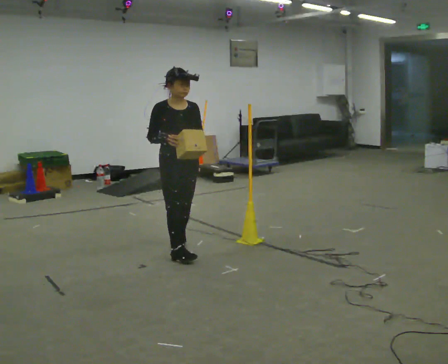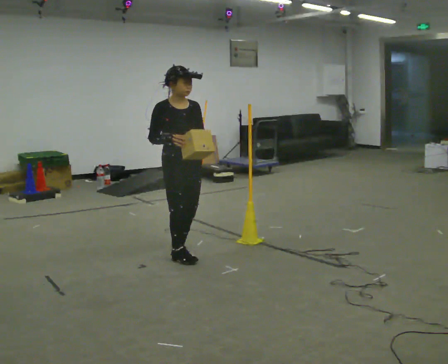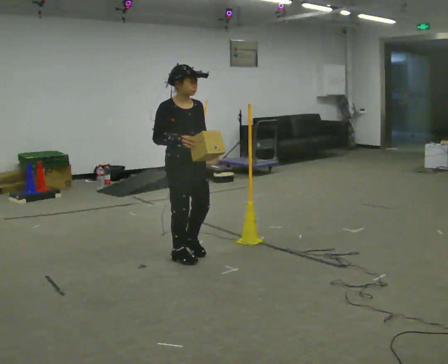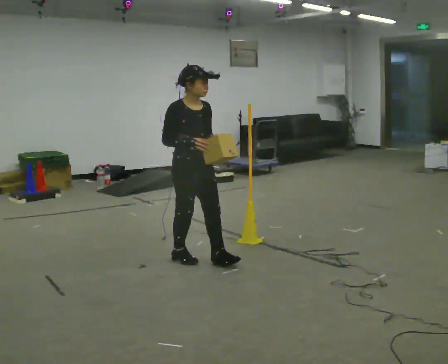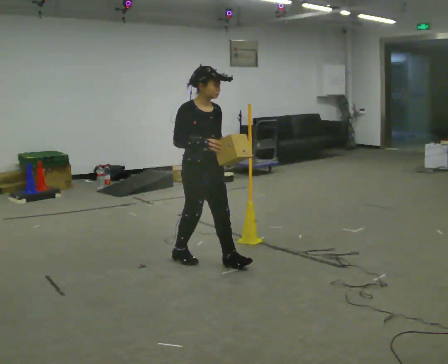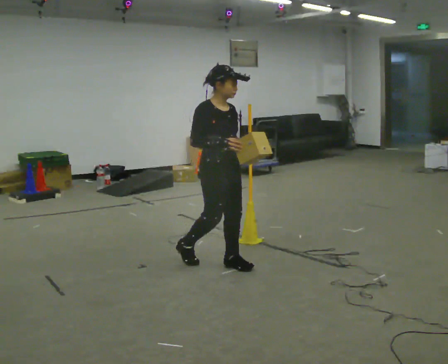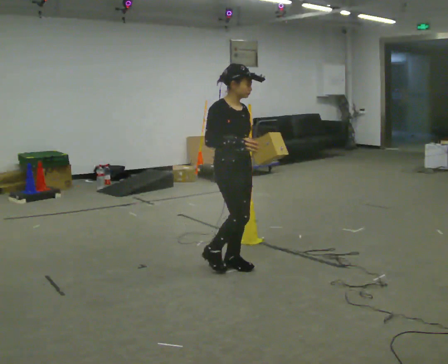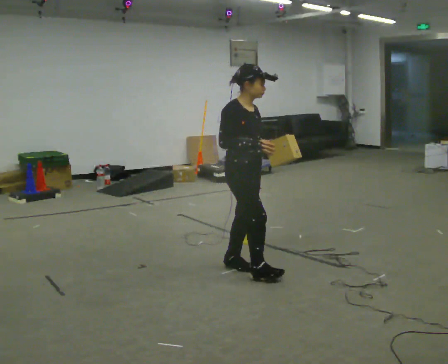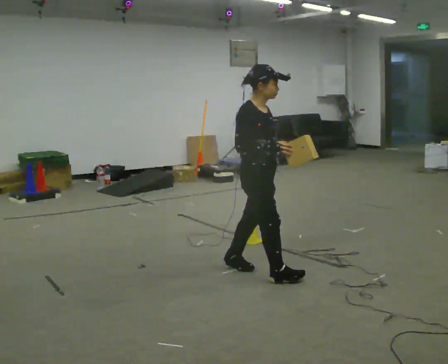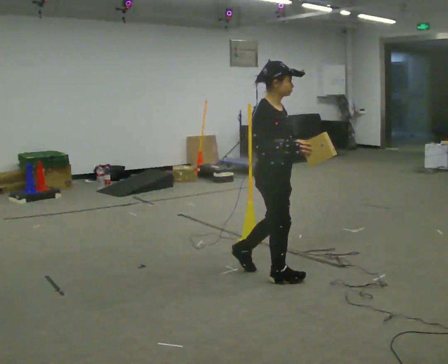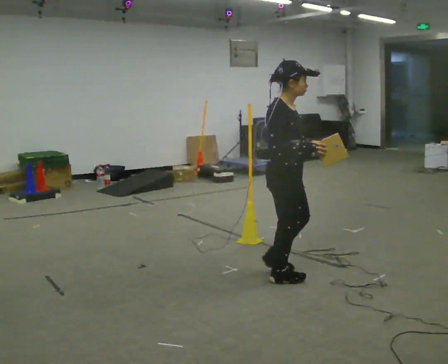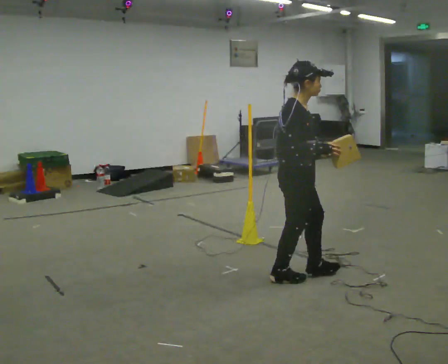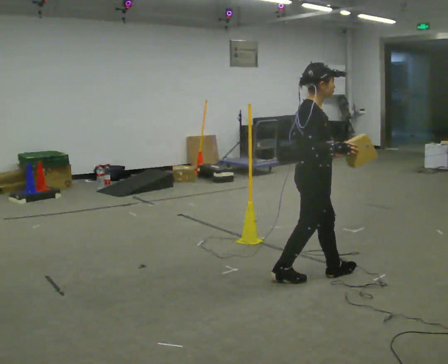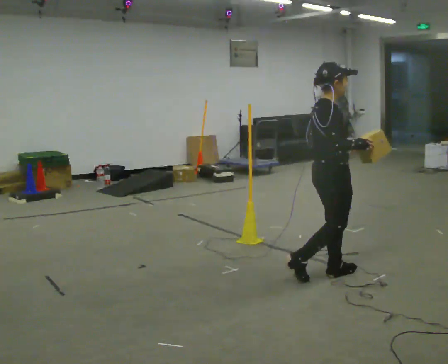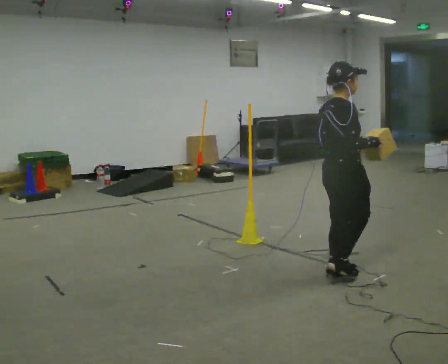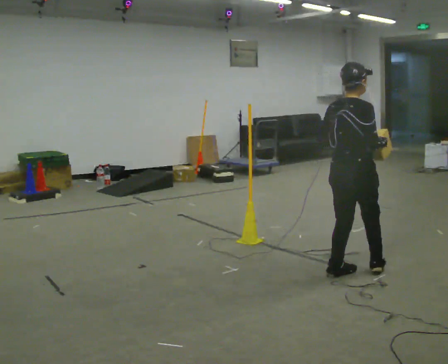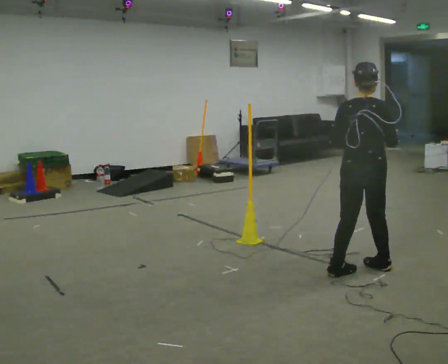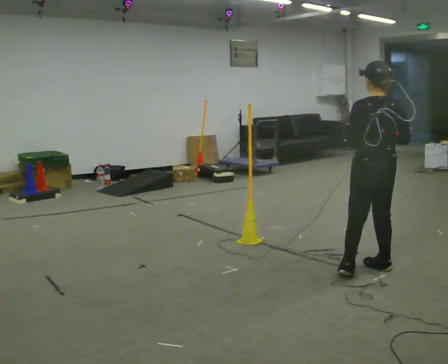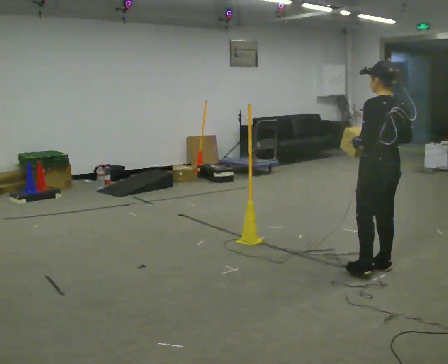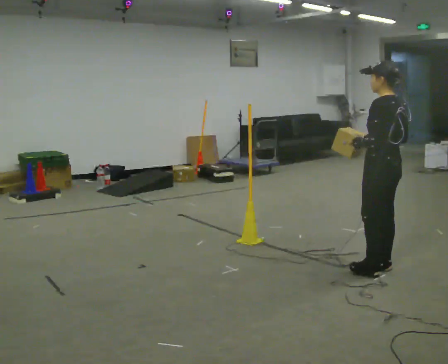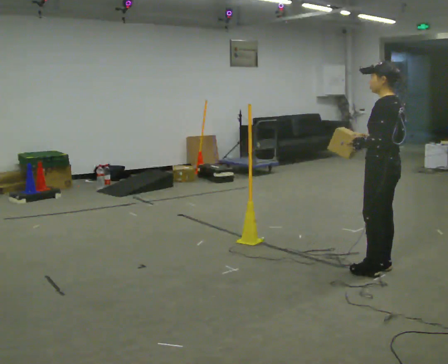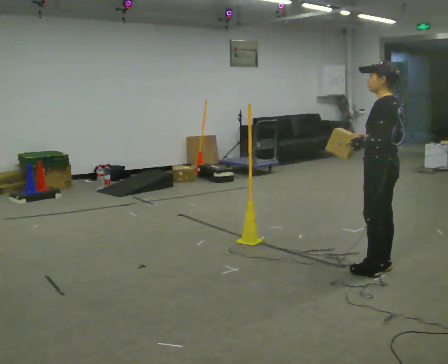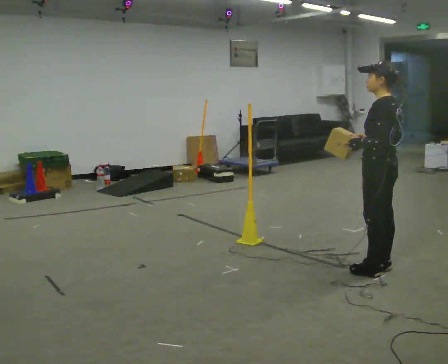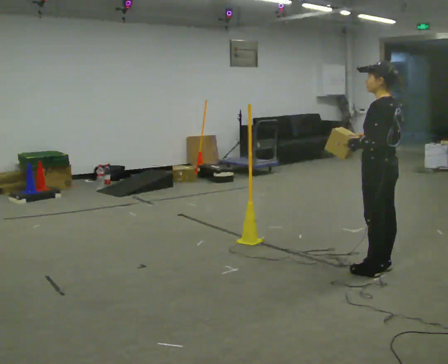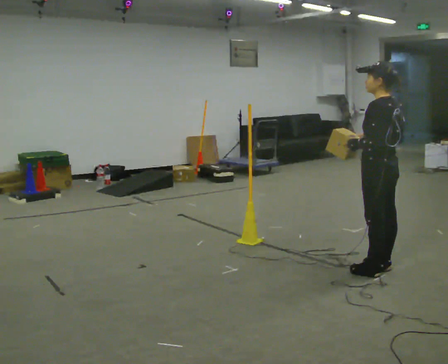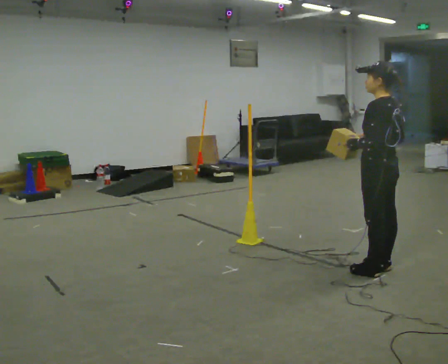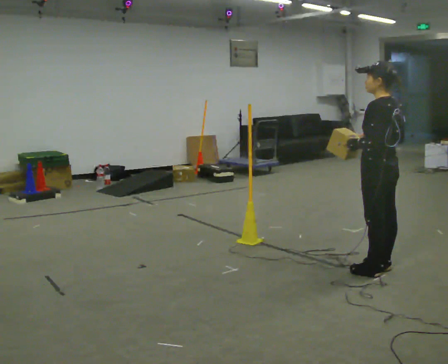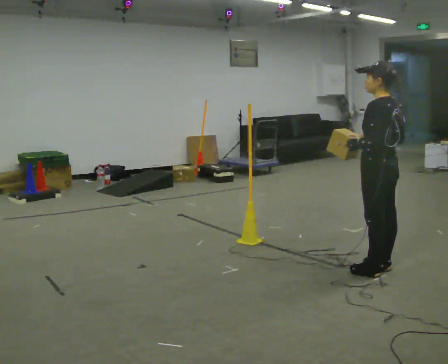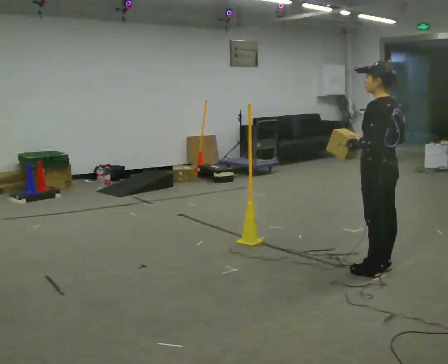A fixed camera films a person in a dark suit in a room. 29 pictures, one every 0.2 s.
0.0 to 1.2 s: Seen from above the body turns counterclockwise, about 30 degrees: to their left, with its near side sliding to the right. In the picture they go to the right and toward the camera, about 0.5 m in 1 step, which for them is forward.
1.2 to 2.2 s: Seen from above the body turns counterclockwise, about 30 degrees: to their left, with its near side sliding to the right. In the picture they go to the right and toward the camera, about 0.5 m in 1 step, which for them is forward.
2.2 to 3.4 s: The part of the body nearest the lens slides to the right as the person turns to their left by about 105 degrees. In the picture they go to the right, about 0.5 m in 2 steps.
3.4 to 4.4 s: The person turns about 45 degrees to their left, counterclockwise seen from above, so the part of the body nearest the lens slides to the right.
4.4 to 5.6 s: The person moves a little, or ends about where they began.
The film runs forward here.
